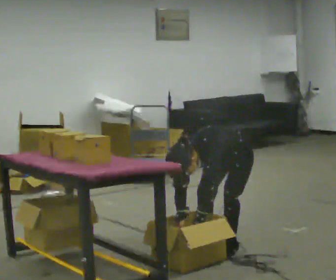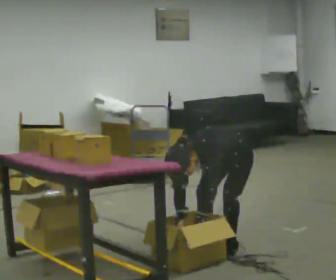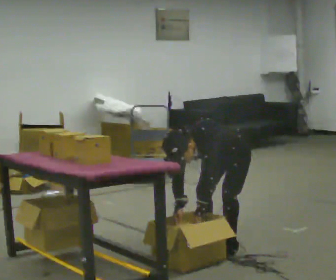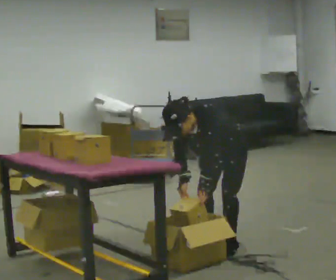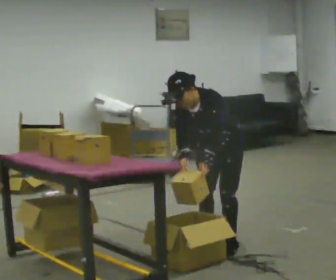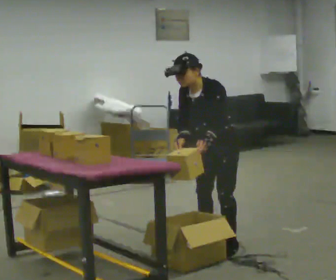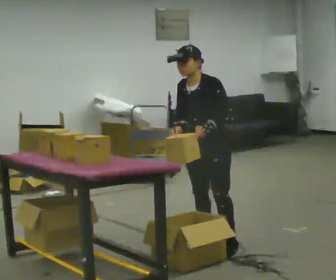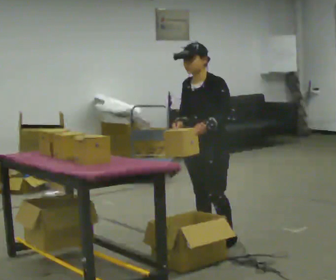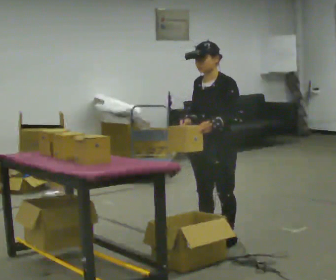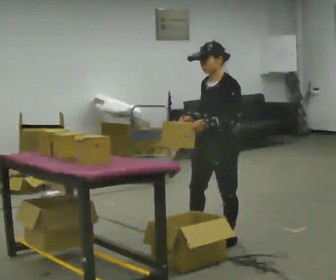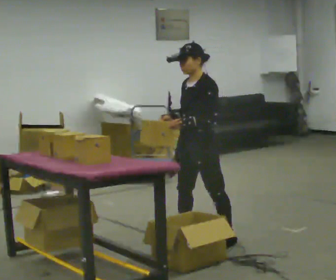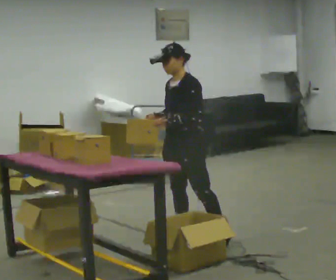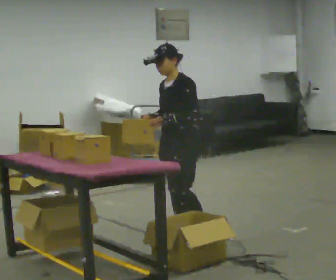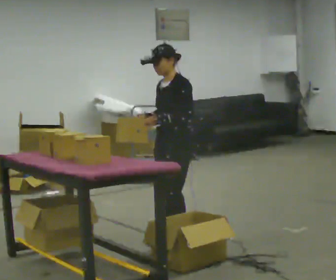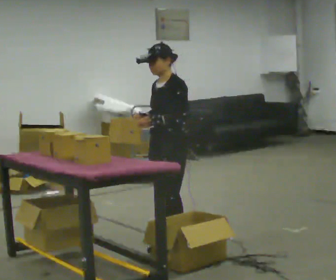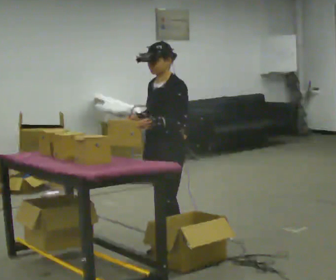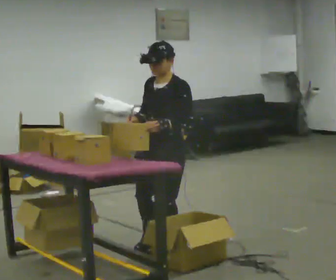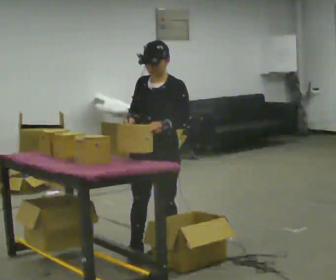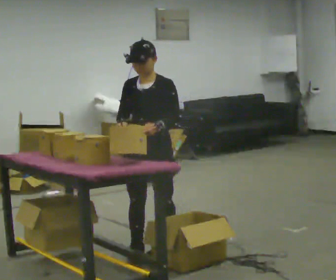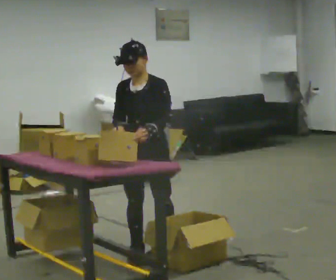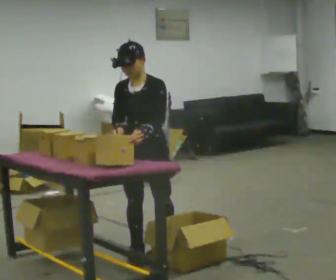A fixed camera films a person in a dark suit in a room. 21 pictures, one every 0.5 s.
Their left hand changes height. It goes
upward.
Their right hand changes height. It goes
upward.
0.0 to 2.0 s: The upper body goes upward. The upper body tips away from the camera, its near side rolling upward, as they lean back or straighten. In the picture their right hand goes upward.
2.0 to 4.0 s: In the picture the upper body tilts clockwise, shoulders to the right, as they lean back or straighten.
4.0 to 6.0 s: In the picture they go to the left and away from the camera, about 0.25 m in 1 step, which for them is to their right and forward.
6.0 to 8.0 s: In the picture they go toward the camera and to the left, about 0.25 m in 1 step, which for them is forward and to their left.
8.0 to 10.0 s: The person moves a little, or ends about where they began.
The film runs forward here.
